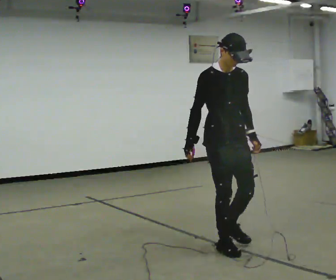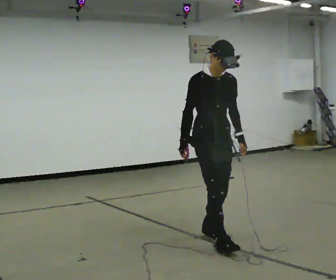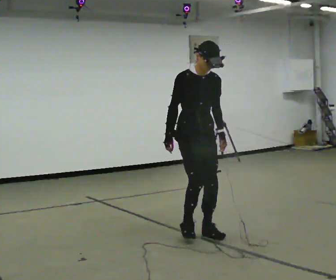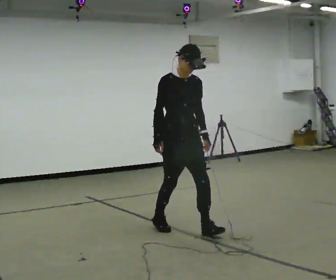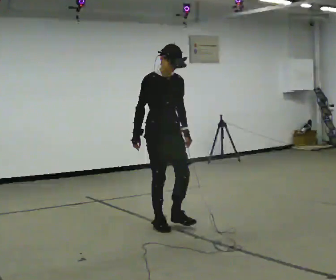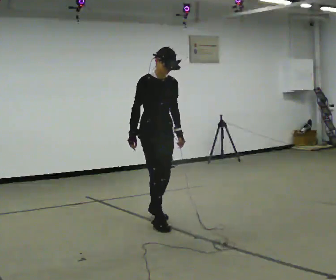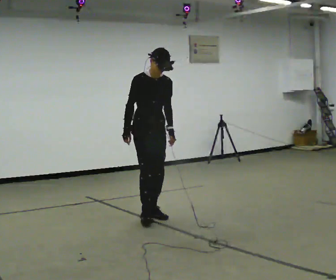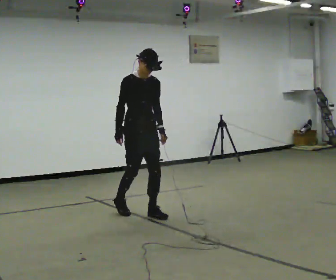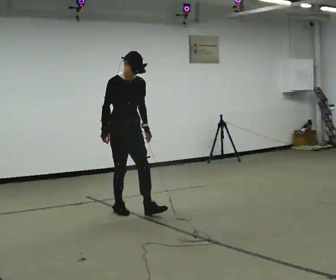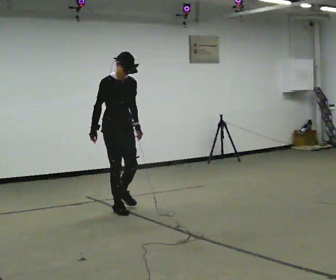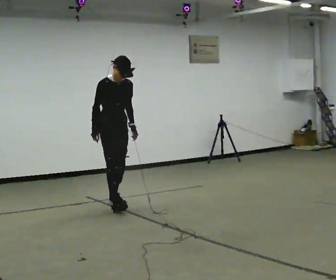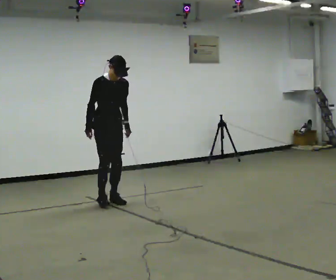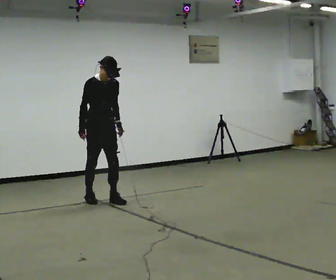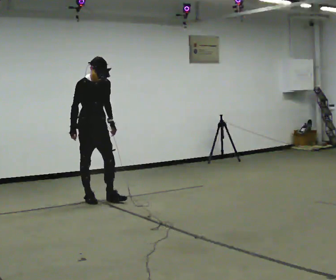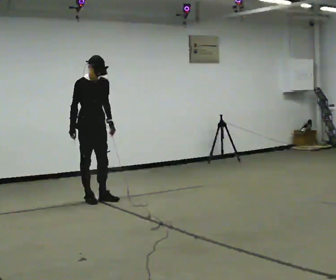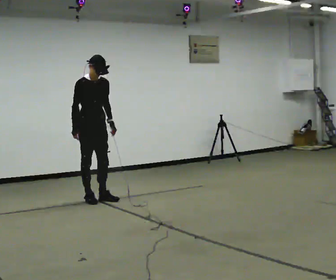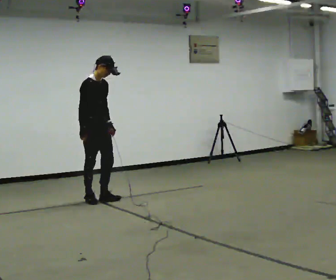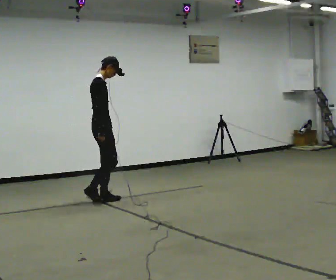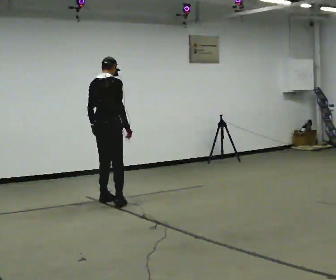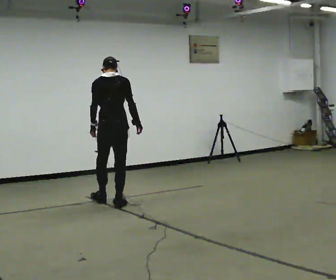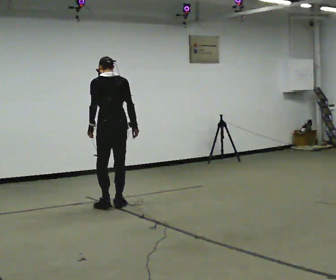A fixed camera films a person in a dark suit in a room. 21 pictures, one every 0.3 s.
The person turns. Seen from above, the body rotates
counterclockwise.
The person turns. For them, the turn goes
to their left.
0.0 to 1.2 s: In the picture they go away from the camera and to the left, about 1 m in 2 steps, which for them is backward.
1.2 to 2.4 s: In the picture they go away from the camera and to the left, about 0.5 m in 2 steps, which for them is backward.
2.4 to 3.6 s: In the picture they go away from the camera and to the left, about 0.75 m in 2 steps, which for them is backward.
3.6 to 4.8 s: The person turns about 30 degrees to their left, counterclockwise seen from above, so the part of the body nearest the lens slides to the right.
4.8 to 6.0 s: The part of the body nearest the lens slides to the right as the person turns to their left by about 135 degrees. In the picture they go toward the camera and to the right, about 0.5 m in 2 steps.
The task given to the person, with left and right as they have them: Walk backward slowly; stop.
The film runs forward here.
